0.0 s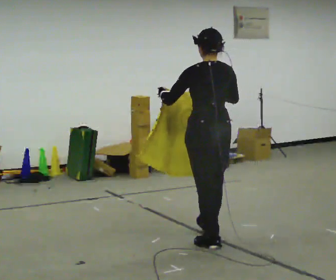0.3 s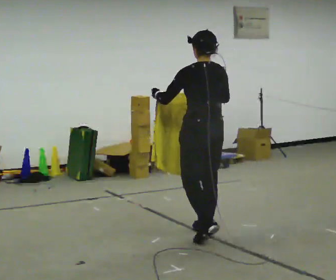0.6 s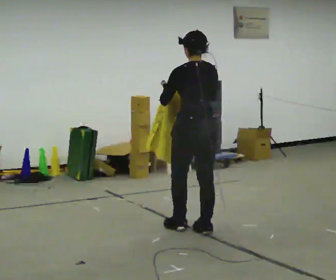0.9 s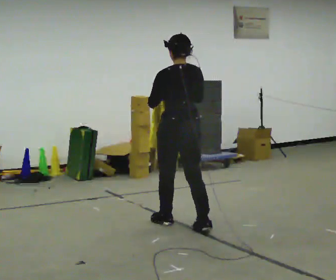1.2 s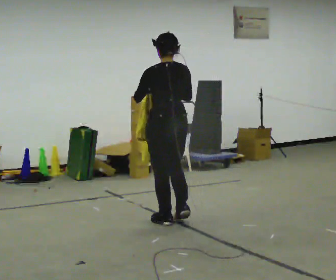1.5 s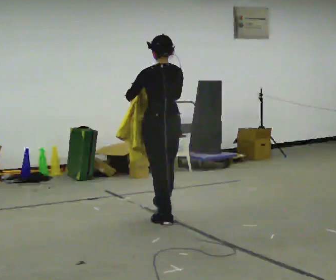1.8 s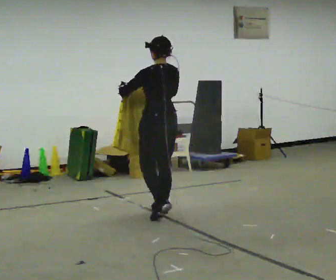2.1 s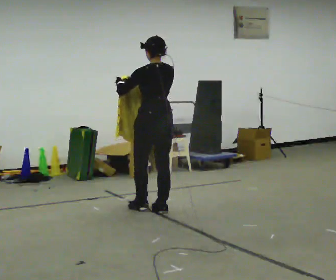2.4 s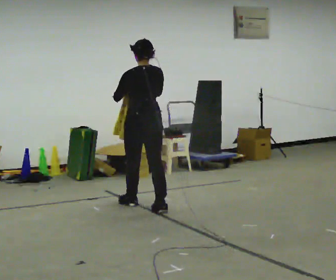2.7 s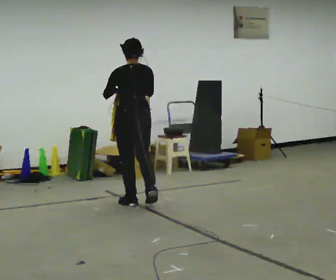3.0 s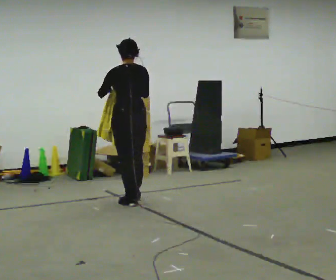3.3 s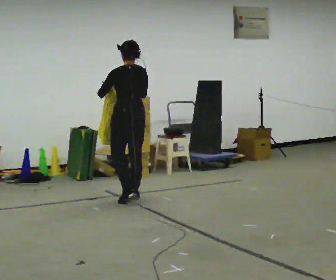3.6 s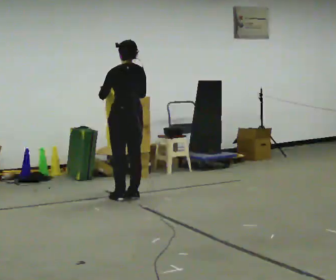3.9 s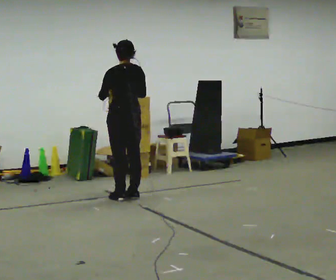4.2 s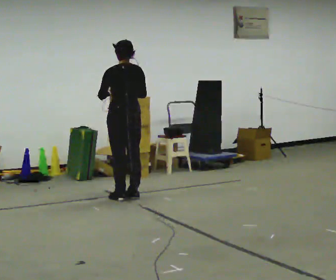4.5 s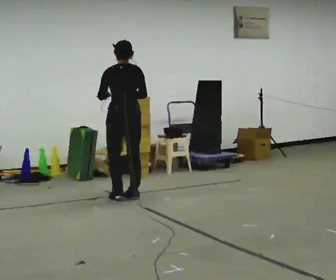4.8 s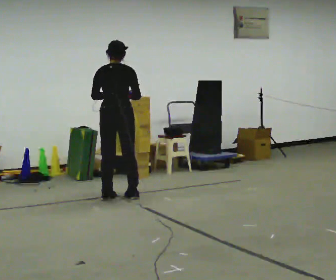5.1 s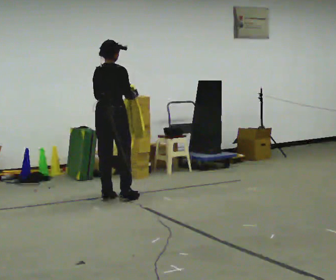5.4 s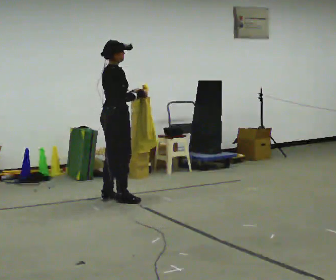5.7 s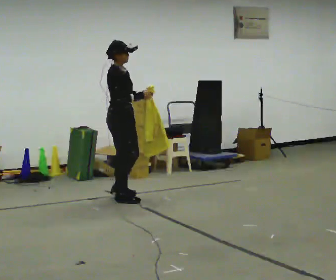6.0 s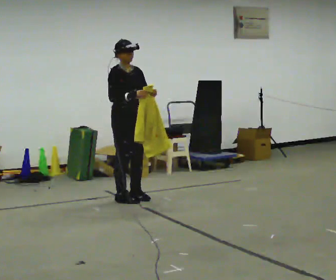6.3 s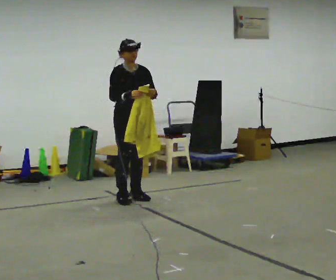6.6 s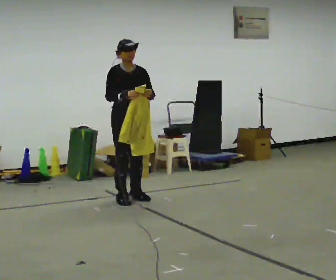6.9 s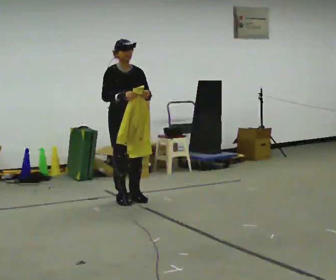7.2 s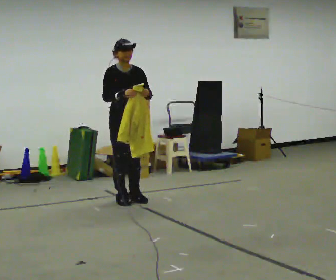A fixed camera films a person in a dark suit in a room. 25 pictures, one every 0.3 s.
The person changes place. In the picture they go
away from the camera.
0.0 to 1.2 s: In the picture they go away from the camera and to the left, about 0.75 m in 2 steps, which for them is forward.
1.2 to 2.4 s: In the picture they go away from the camera, about 0.75 m in 2 steps, which for them is forward.
2.4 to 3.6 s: In the picture they go away from the camera and to the left, about 0.5 m in 2 steps, which for them is forward.
3.6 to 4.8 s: The part of the body nearest the lens slides to the left as the person turns to their right by about 30 degrees.
4.8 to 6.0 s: Seen from above the body turns clockwise, about 135 degrees: to their right, with its near side sliding to the left. In the picture their left hand goes to the right.
6.0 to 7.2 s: The person moves a little, or ends about where they began.
The film runs forward here.
